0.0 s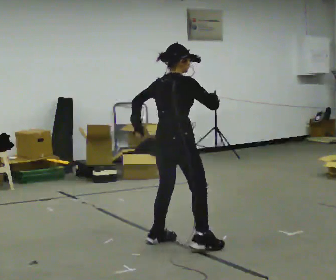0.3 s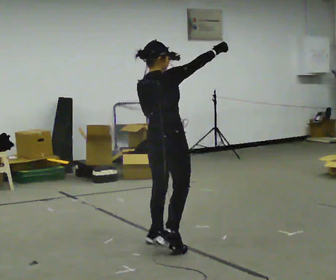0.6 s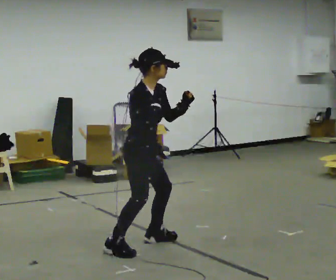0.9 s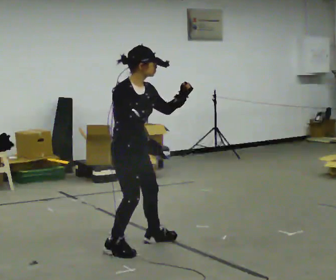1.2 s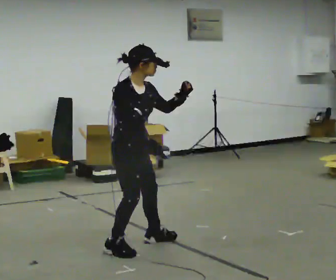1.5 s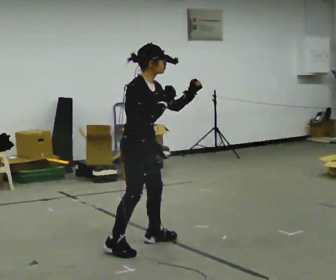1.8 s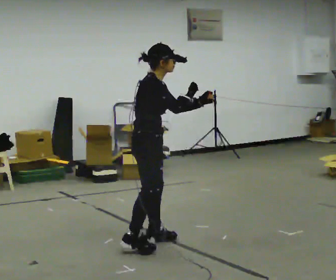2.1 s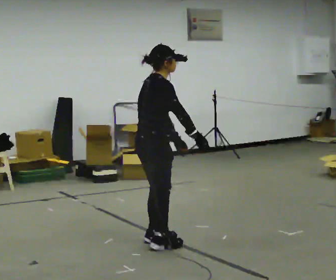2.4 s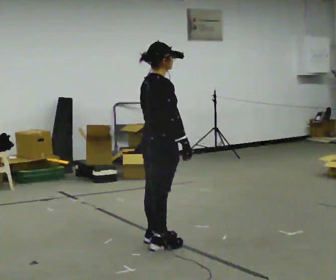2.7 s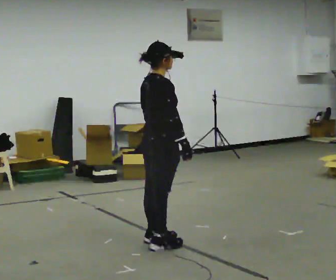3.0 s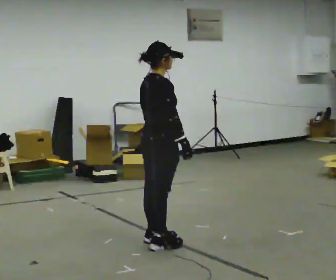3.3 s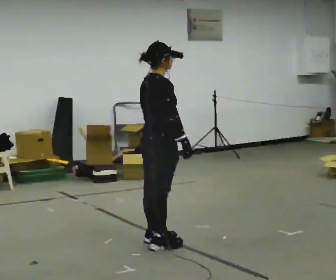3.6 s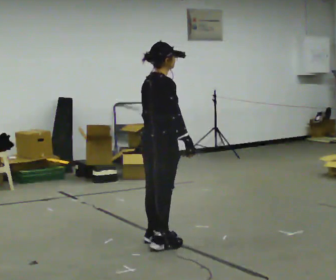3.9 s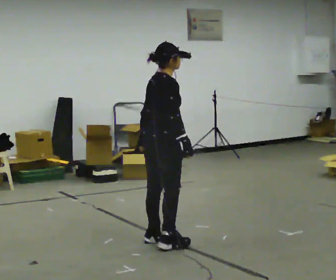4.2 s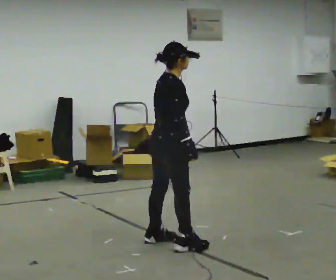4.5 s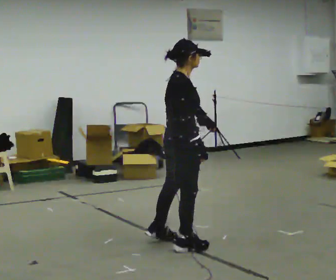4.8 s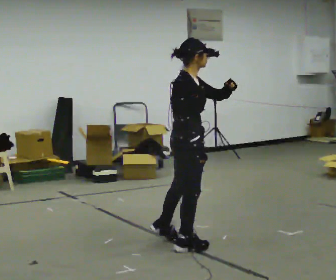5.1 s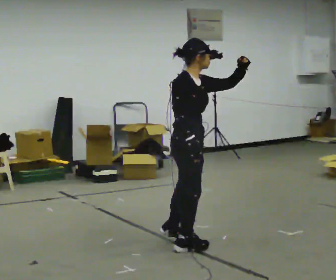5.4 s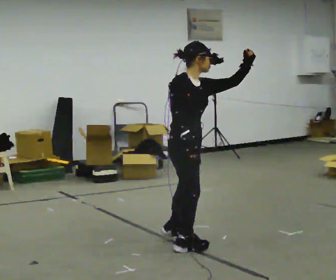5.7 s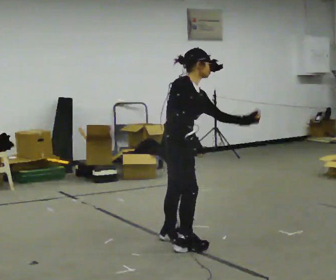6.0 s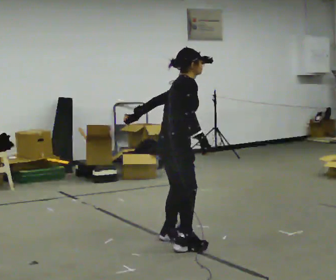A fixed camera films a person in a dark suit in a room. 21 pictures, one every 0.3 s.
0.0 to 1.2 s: The part of the body nearest the lens slides to the left as the person turns to their right by about 75 degrees. In the picture they go to the left, about 0.25 m. The upper body tips toward the camera, its near side rolling downward. In the picture their left hand goes upward.
1.2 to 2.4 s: Seen from above the body turns counterclockwise, about 60 degrees: to their left, with its near side sliding to the right. In the picture they go to the right, about 0.25 m in 1 step, which for them is forward and to their left. In the picture their left hand goes downward, the arm swinging clockwise.
2.4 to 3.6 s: The person moves a little, or ends about where they began.
3.6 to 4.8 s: The part of the body nearest the lens slides to the left as the person turns to their right by about 30 degrees. In the picture they go to the right and toward the camera, about 0.25 m, which for them is to their right and forward. In the picture their left hand goes upward.
4.8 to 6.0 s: The upper body tips away from the camera, its near side rolling upward. In the picture their left hand goes to the left, the arm swinging clockwise.
The film runs backward here.
